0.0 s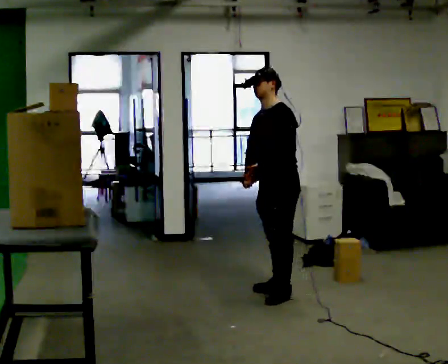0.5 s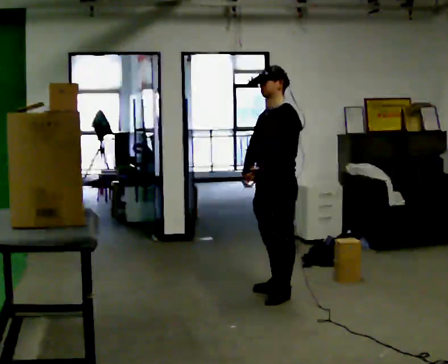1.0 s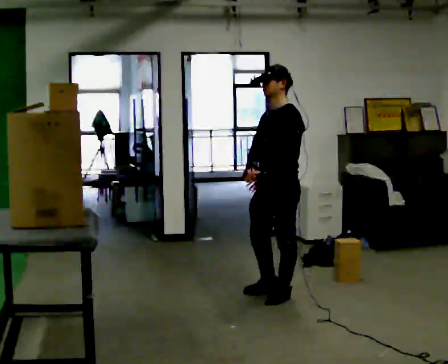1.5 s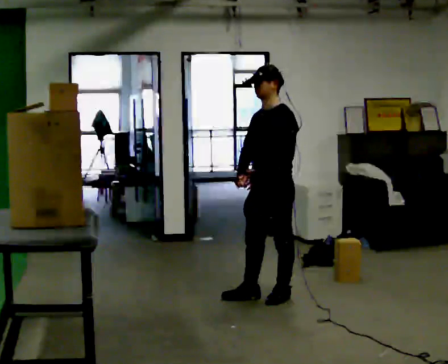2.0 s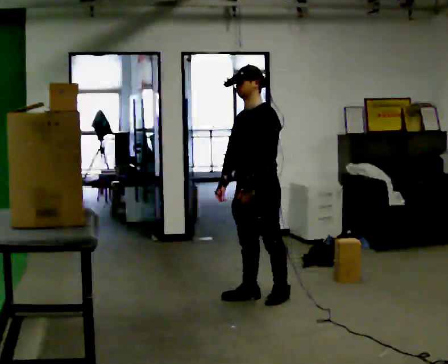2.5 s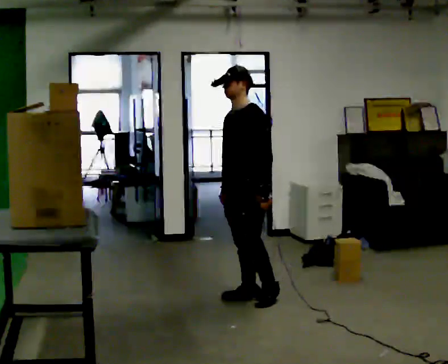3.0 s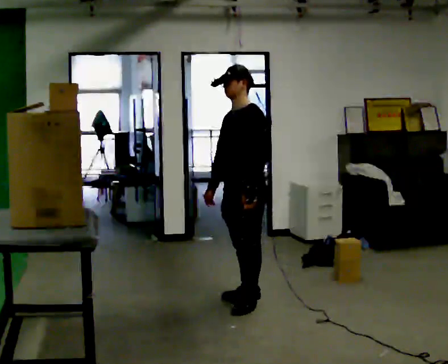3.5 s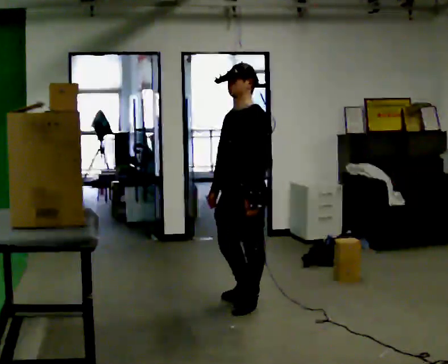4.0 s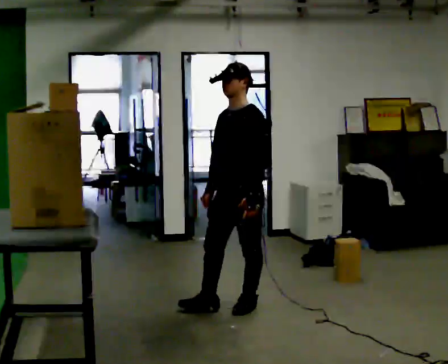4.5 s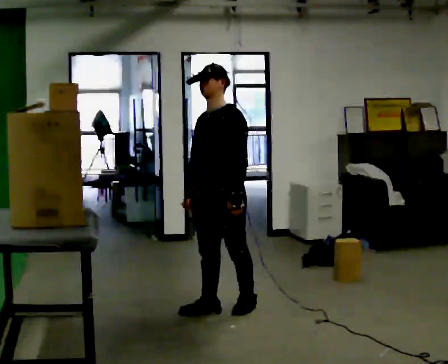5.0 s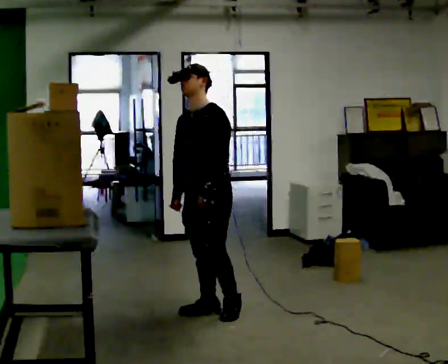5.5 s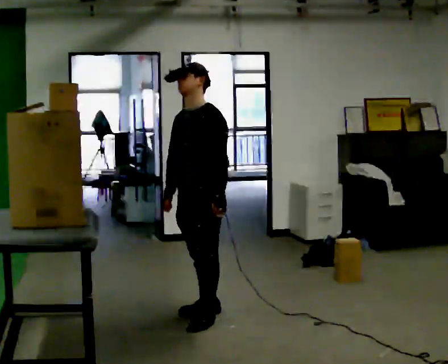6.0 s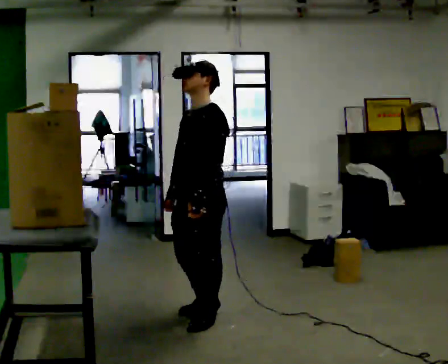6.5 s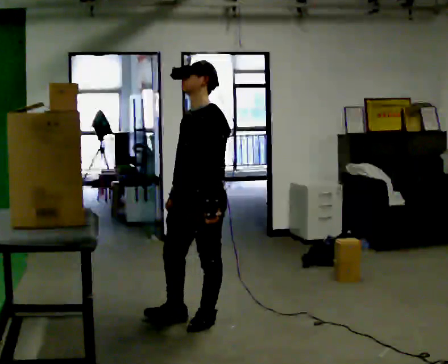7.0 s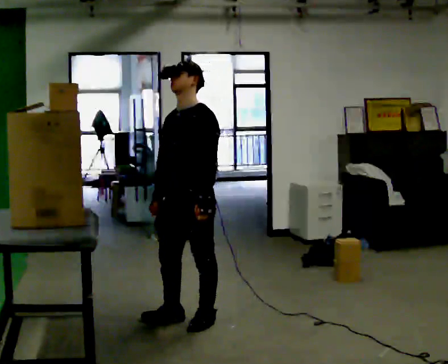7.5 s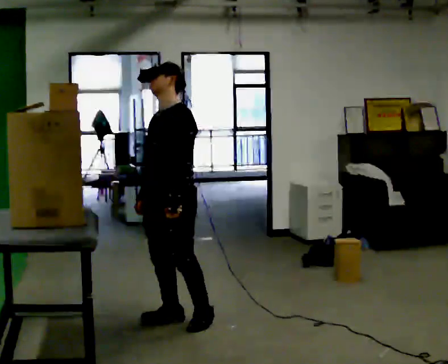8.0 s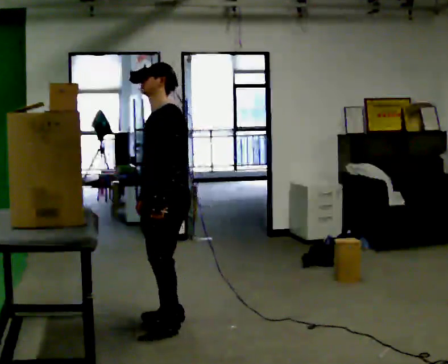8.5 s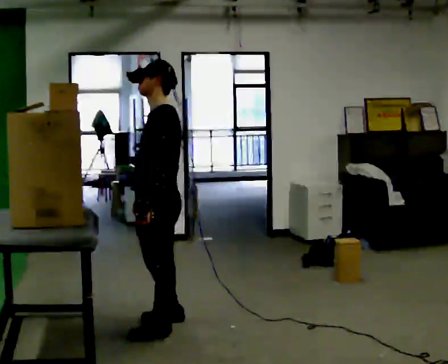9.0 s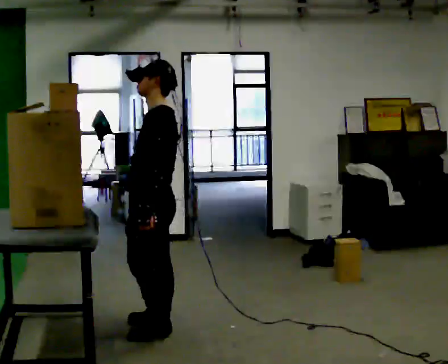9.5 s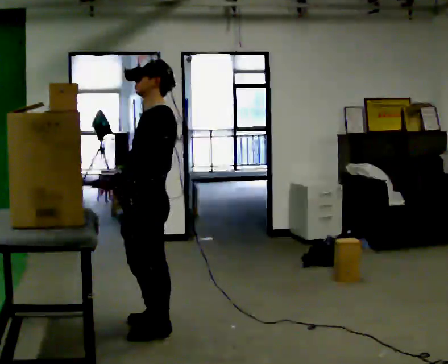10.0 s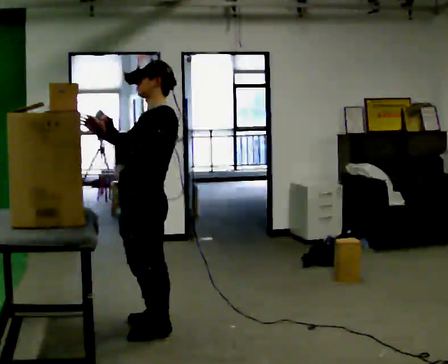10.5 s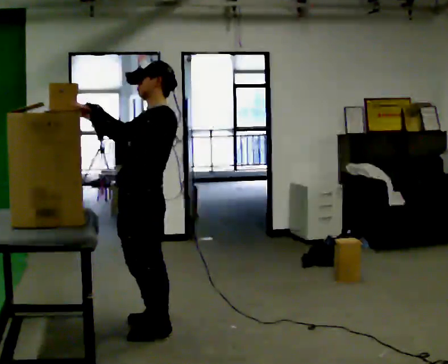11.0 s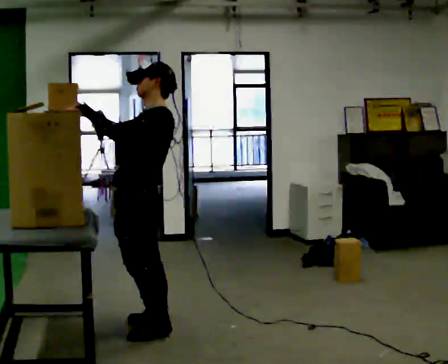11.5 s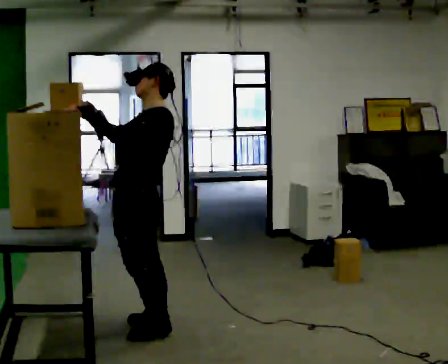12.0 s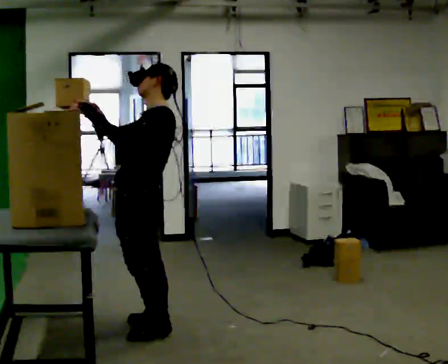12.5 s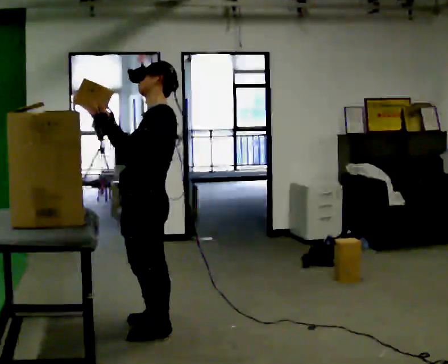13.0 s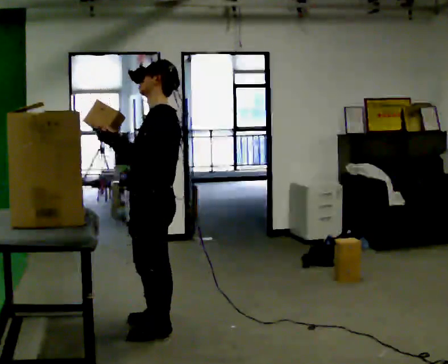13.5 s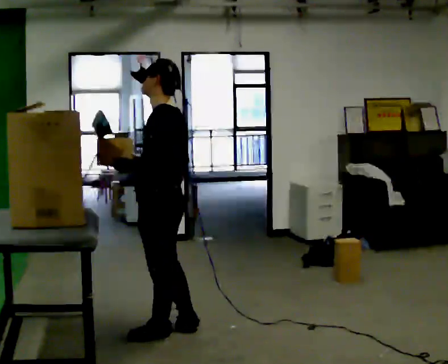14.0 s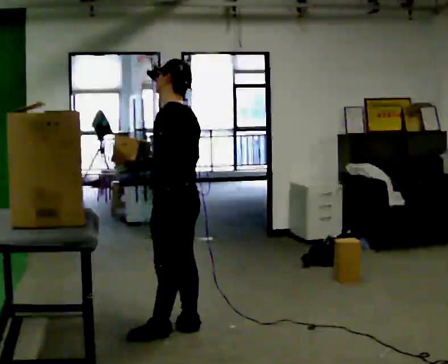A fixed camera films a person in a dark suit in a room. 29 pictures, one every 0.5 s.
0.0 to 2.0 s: In the picture they go to the left and toward the camera, about 0.25 m in 1 step, which for them is forward.
2.0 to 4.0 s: In the picture they go toward the camera, about 0.25 m in 1 step, which for them is forward and to their left.
4.0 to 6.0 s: In the picture they go toward the camera and to the left, about 0.5 m in 2 steps, which for them is forward.
6.0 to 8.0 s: In the picture they go to the left, about 0.25 m in 1 step, which for them is to their right and forward.
8.0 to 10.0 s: In the picture they go toward the camera, about 0.25 m in 1 step, which for them is to their left and forward. In the picture the upper body tilts clockwise, shoulders to the right, as they lean back or straighten. In the picture their right hand goes upward, the arm swinging clockwise.
10.0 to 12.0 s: The person moves a little, or ends about where they began.
12.0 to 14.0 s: The part of the body nearest the lens slides to the left as the person turns to their right by about 30 degrees. In the picture they go to the right, about 0.25 m in 1 step, which for them is backward. In the picture the upper body tilts counterclockwise, shoulders to the left. In the picture their right hand goes to the right.
The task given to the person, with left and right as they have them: Pick an object up off the floor, carry it across the room, and place it on the highest shelf you can comfortably reach. Keep going until the operator says stop; one object at a time, and do not rush between trips.
The film runs forward here.
